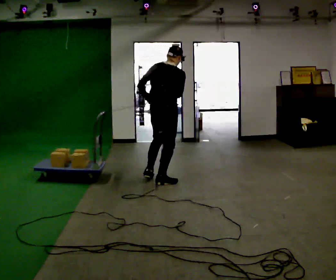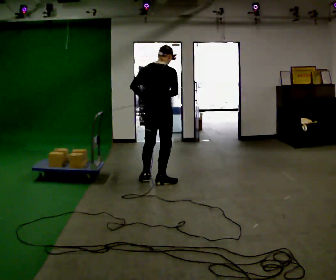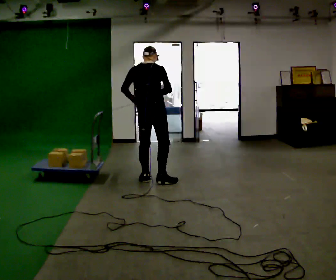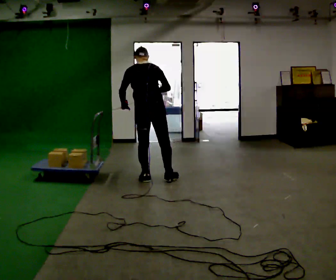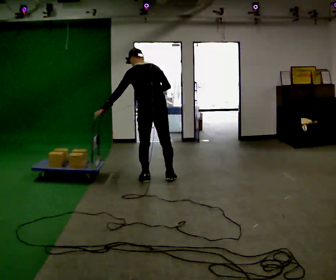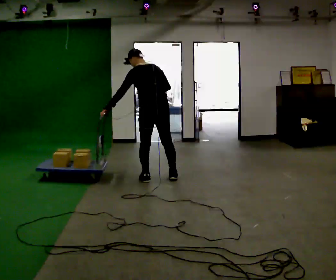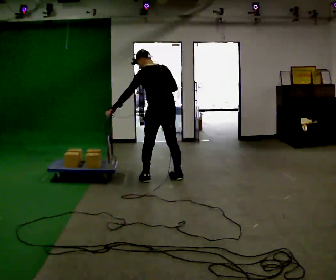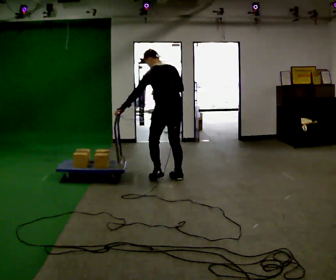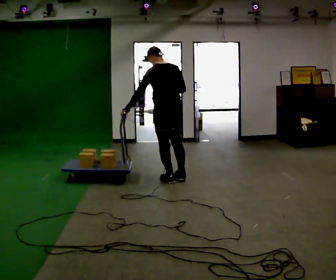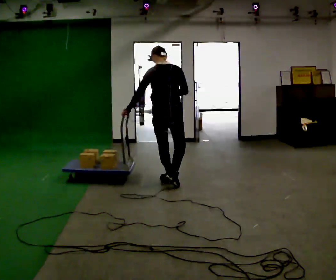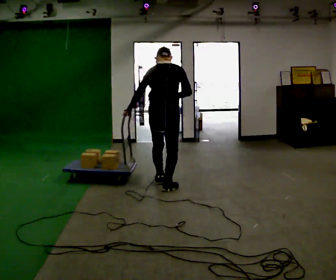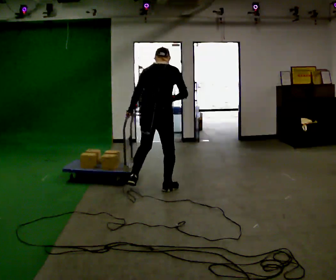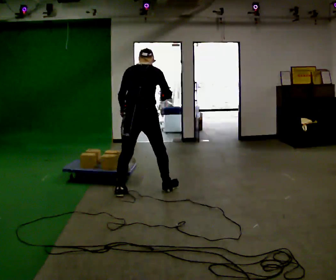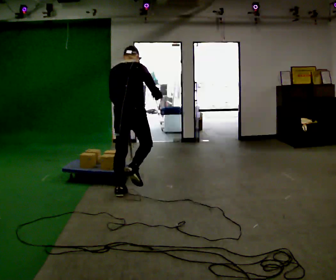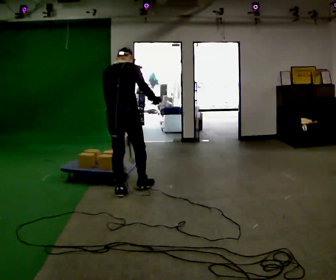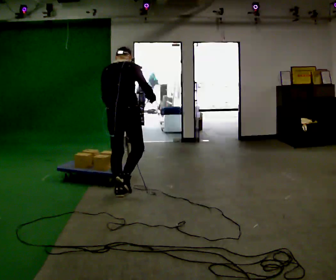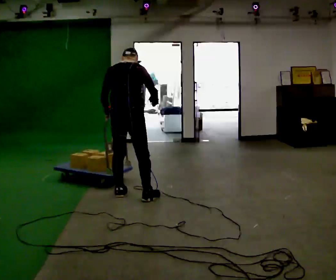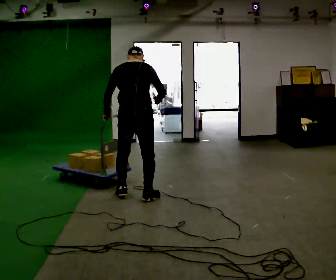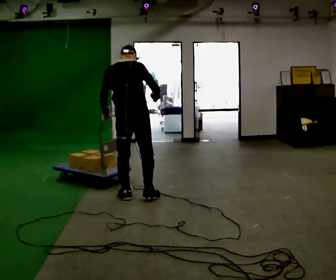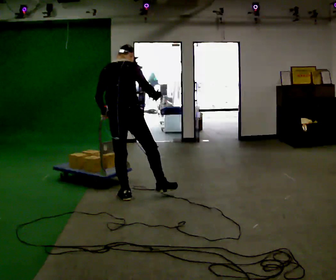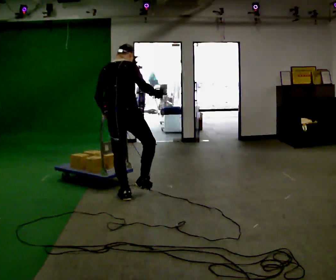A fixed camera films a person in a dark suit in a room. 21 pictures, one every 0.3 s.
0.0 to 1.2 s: Seen from above the body turns counterclockwise, about 45 degrees: to their left, with its near side sliding to the right. In the picture the upper body tilts counterclockwise, shoulders to the left. In the picture their left hand goes to the left.
1.2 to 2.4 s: In the picture they go to the right, about 0.25 m in 3 steps, which for them is to their right.
2.4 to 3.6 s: The person turns about 45 degrees to their right, clockwise seen from above, so the part of the body nearest the lens slides to the left. In the picture they go toward the camera and to the left, about 0.5 m in 2 steps, which for them is backward. In the picture the upper body tilts clockwise, shoulders to the right.
3.6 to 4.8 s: In the picture they go toward the camera and to the left, about 0.25 m, which for them is backward.
4.8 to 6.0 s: The person moves a little, or ends about where they began.
The film runs backward here.
